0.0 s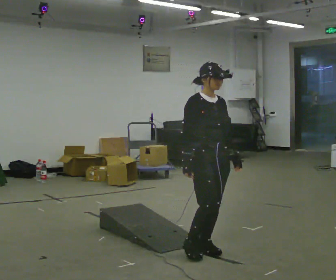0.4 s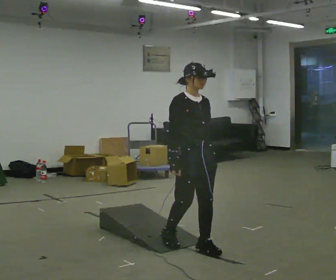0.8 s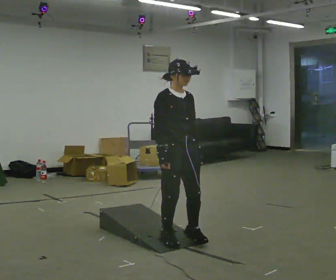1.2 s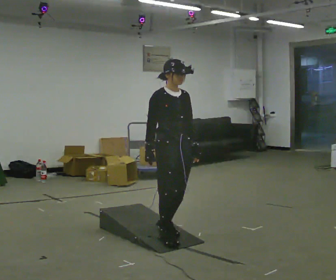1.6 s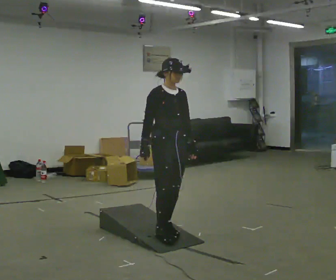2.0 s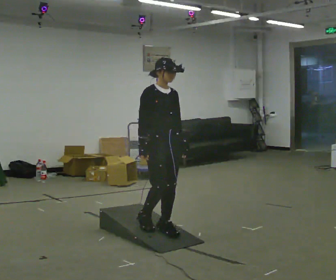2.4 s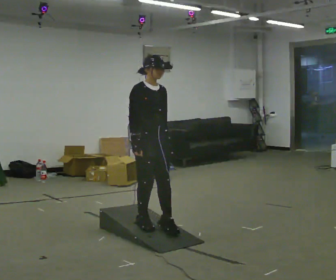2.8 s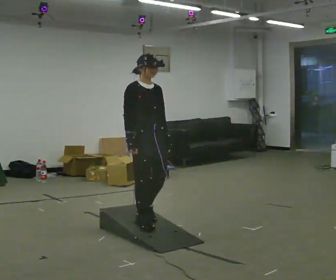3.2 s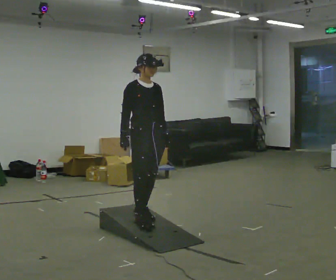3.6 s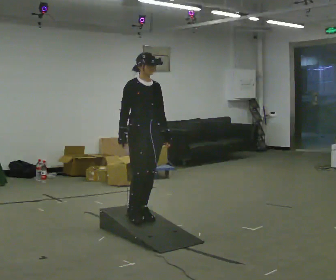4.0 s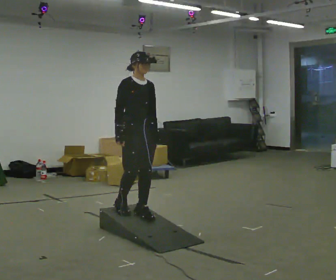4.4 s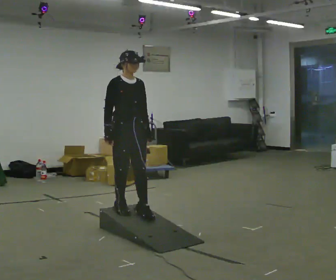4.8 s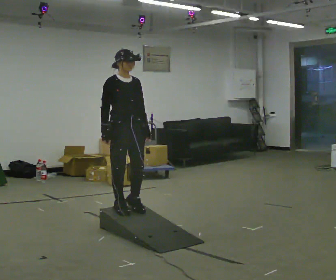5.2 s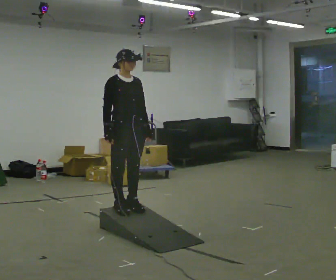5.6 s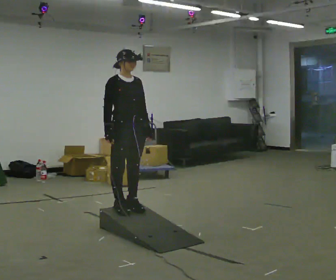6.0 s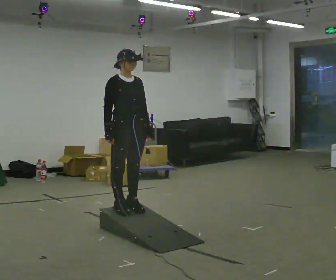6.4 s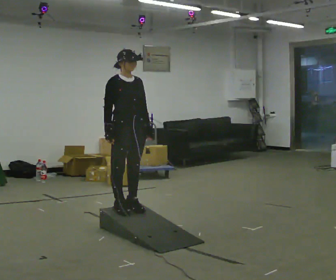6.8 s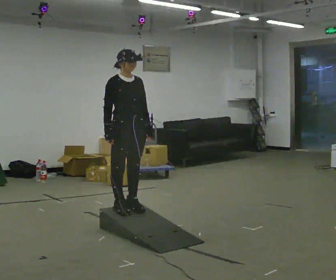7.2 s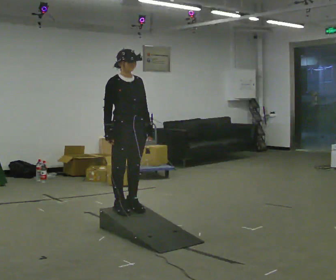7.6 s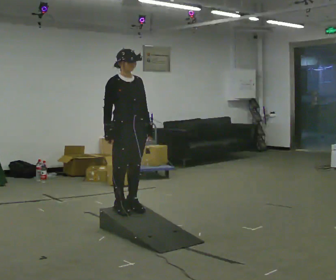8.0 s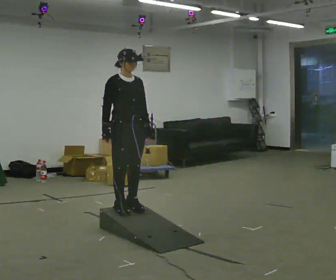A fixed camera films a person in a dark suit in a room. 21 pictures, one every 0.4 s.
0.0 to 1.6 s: In the picture they go away from the camera and to the left, about 0.5 m in 2 steps, which for them is backward.
1.6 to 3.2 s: In the picture they go away from the camera and to the left, about 0.25 m in 1 step, which for them is backward.
3.2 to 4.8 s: In the picture they go to the left and away from the camera, about 0.25 m in 2 steps, which for them is backward.
4.8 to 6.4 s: The person moves a little, or ends about where they began.
6.4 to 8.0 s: The person keeps their place and pose.
The film runs backward here.
